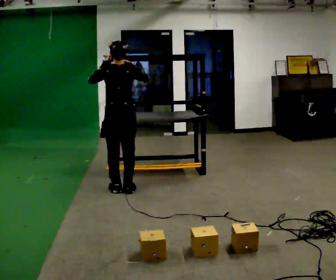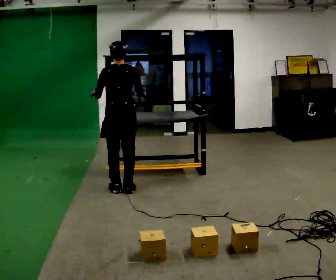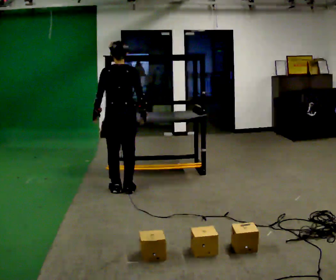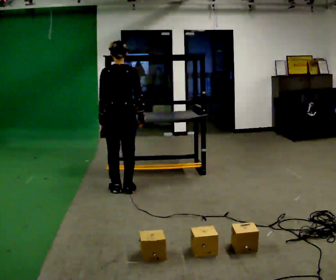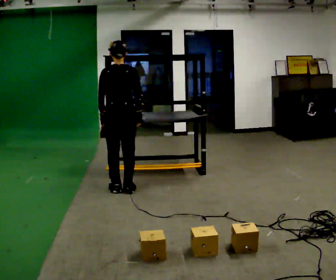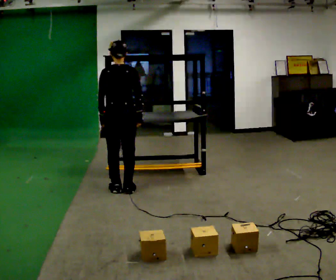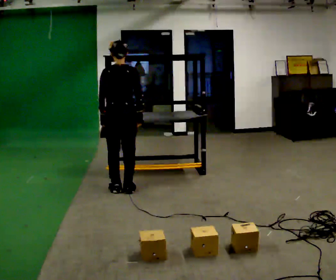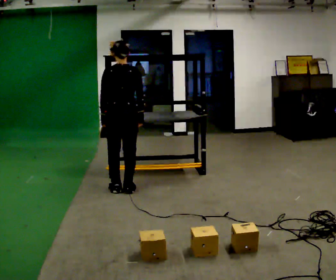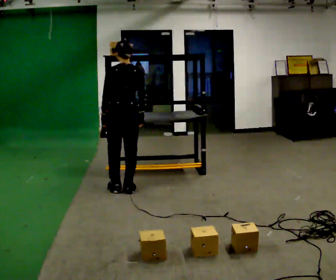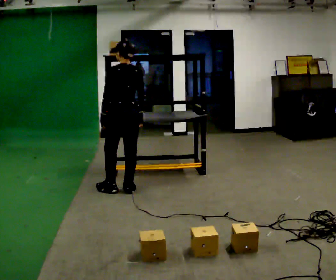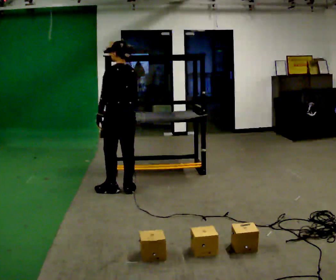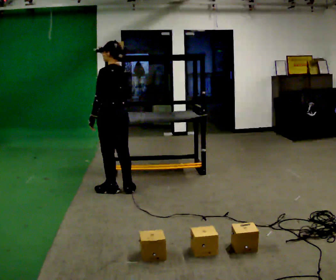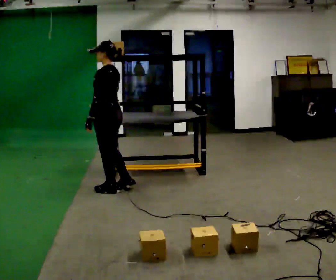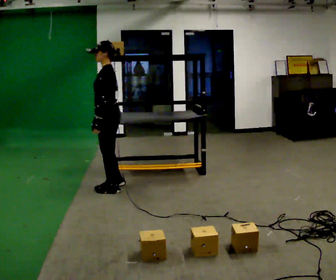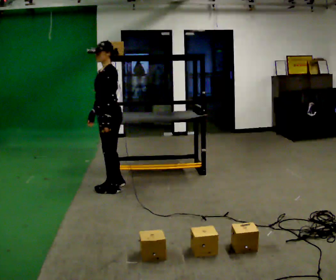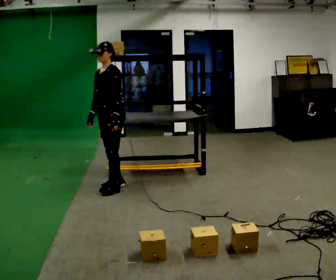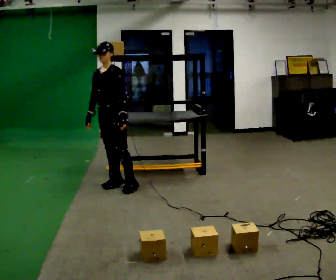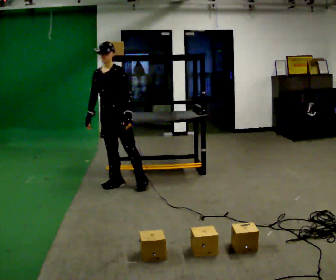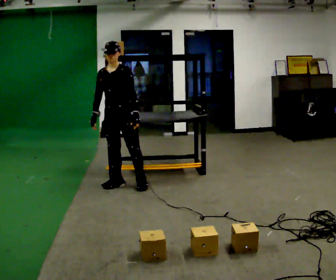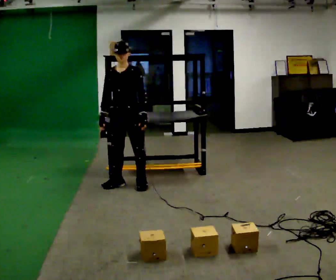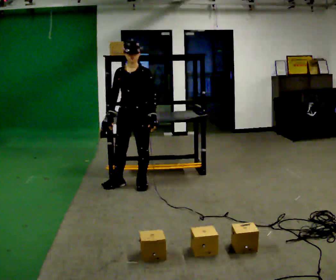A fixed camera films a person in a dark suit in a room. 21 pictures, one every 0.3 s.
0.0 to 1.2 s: In the picture their right hand goes downward.
1.2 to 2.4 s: The person moves a little, or ends about where they began.
2.4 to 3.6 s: Seen from above the body turns counterclockwise, about 60 degrees: to their left, with its near side sliding to the right. In the picture they go to the left, about 0.25 m, which for them is to their left. In the picture their right hand goes to the left.
3.6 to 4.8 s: The person turns about 75 degrees to their left, counterclockwise seen from above, so the part of the body nearest the lens slides to the right. In the picture they go away from the camera, about 0.25 m in 1 step. In the picture their left hand goes to the right.
4.8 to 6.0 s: In the picture they go to the right, about 0.25 m in 1 step, which for them is to their left.
The film runs forward here.
